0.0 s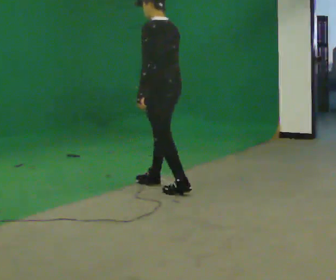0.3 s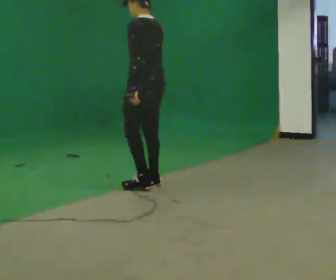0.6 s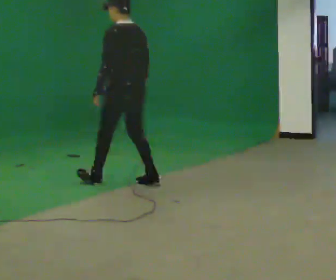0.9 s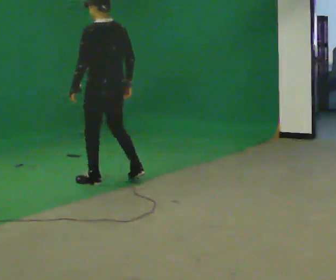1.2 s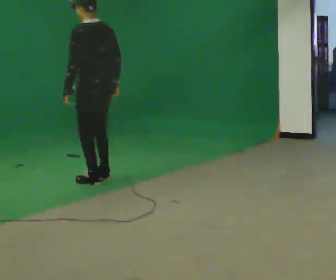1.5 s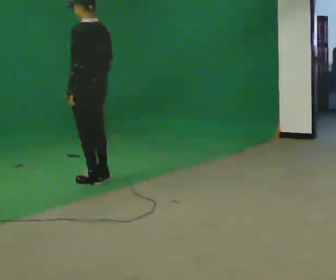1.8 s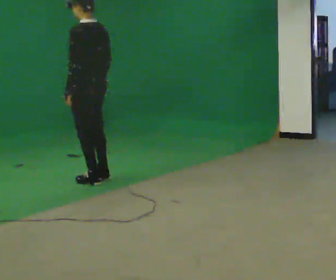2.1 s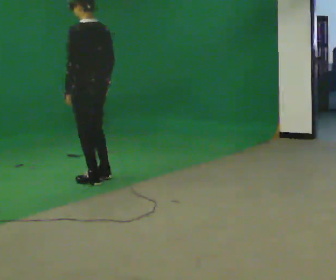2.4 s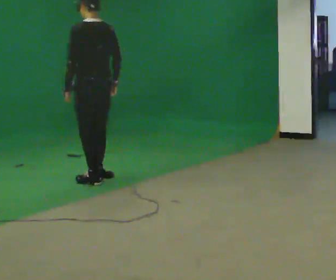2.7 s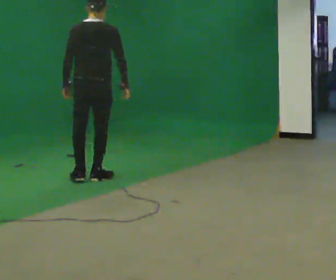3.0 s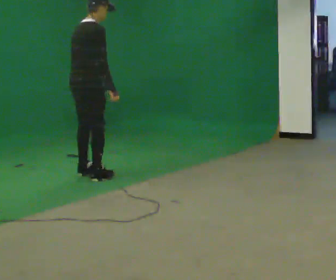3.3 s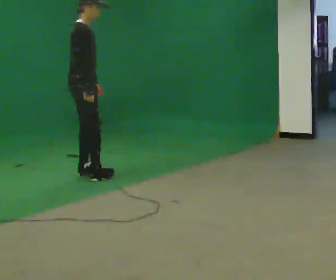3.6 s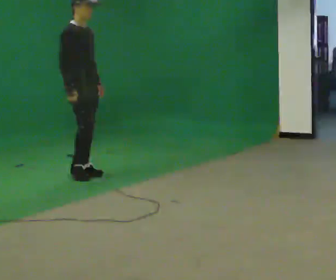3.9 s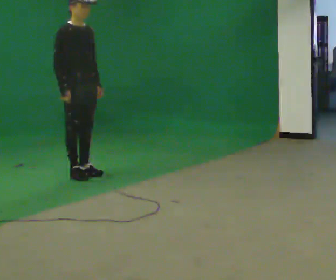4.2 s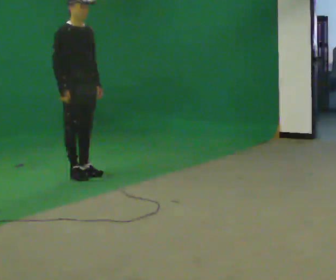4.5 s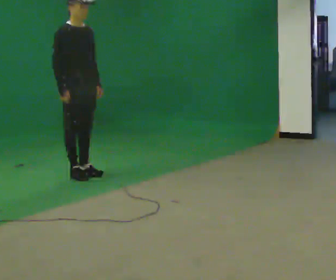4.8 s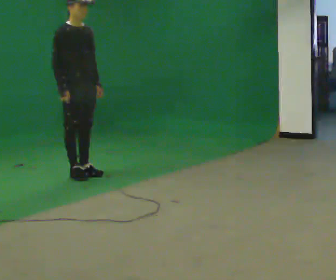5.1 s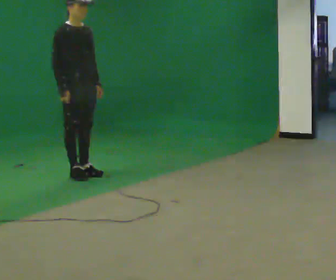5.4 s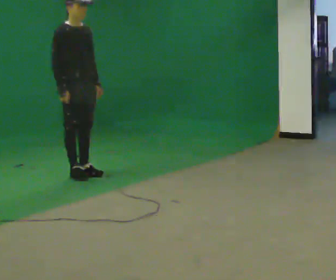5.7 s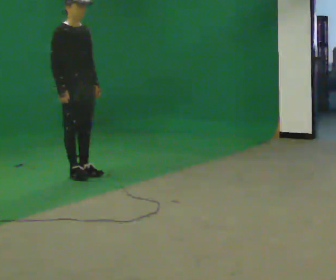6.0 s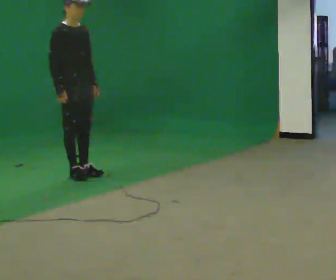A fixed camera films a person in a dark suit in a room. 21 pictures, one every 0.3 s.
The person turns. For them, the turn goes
to their right.
The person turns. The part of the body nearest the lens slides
to the left.
0.0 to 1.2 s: In the picture they go to the left and away from the camera, about 0.5 m in 2 steps, which for them is forward.
1.2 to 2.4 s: The person moves a little, or ends about where they began.
2.4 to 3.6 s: The person turns about 150 degrees to their right, clockwise seen from above, so the part of the body nearest the lens slides to the left. In the picture they go away from the camera and to the left, about 0.25 m in 2 steps.
3.6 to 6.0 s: The person moves a little, or ends about where they began.
The film runs backward here.
